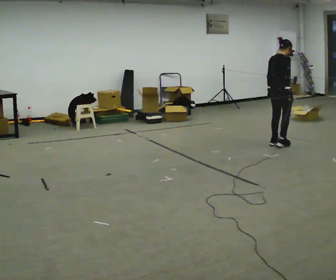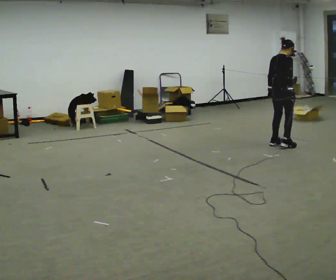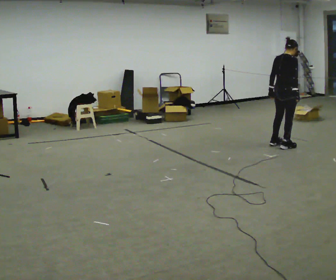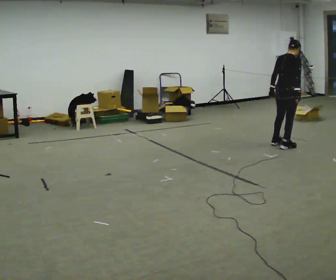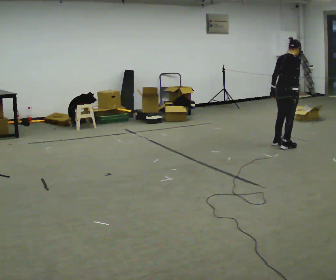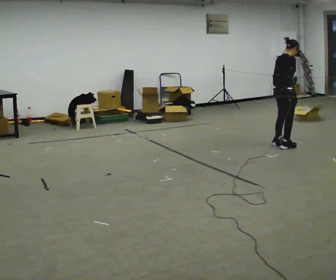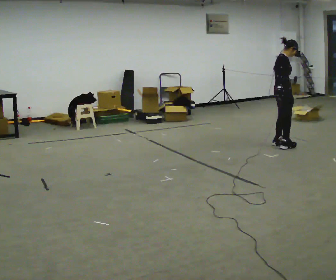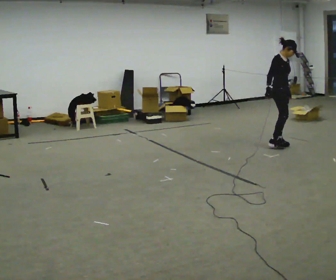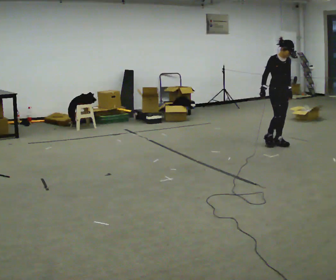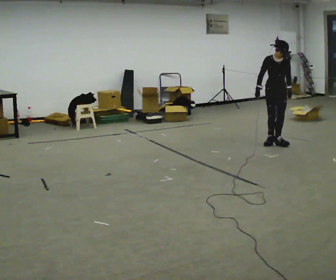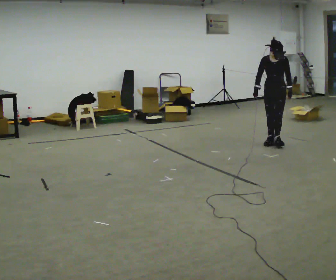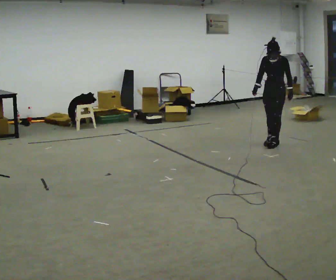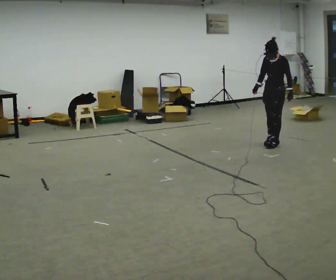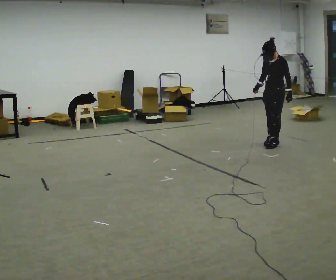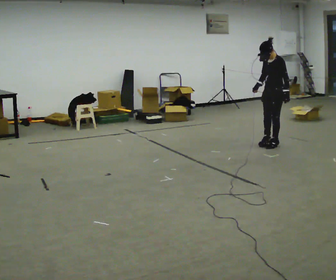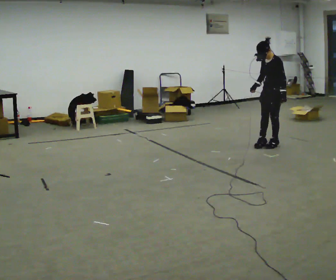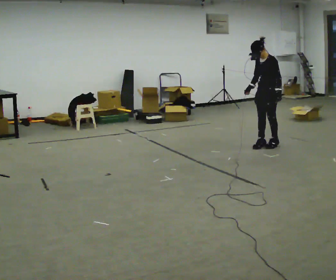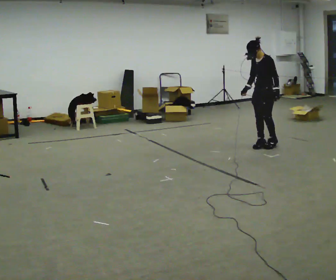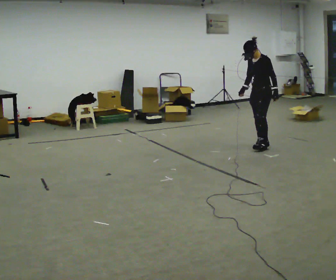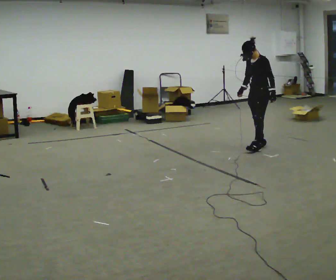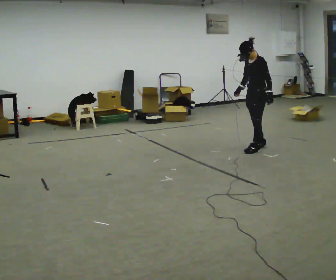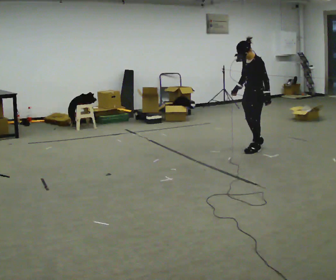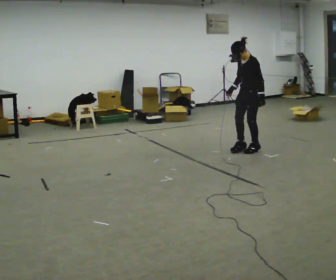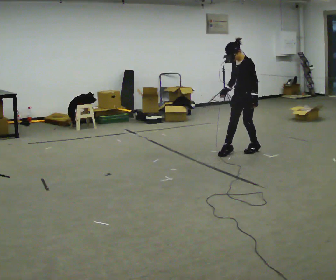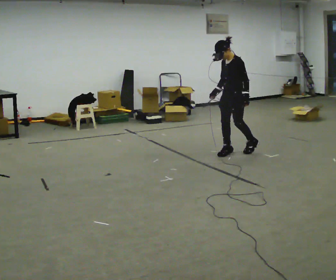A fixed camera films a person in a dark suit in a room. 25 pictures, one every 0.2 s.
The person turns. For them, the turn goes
to their right.
The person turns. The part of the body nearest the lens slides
to the left.
0.0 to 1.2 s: The part of the body nearest the lens slides to the left as the person turns to their right by about 30 degrees.
1.2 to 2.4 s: The part of the body nearest the lens slides to the left as the person turns to their right by about 135 degrees. In the picture their right hand goes to the left.
2.4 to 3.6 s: In the picture they go to the left and toward the camera, about 0.25 m in 2 steps, which for them is forward.
3.6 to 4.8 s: In the picture they go toward the camera and to the left, about 0.5 m in 2 steps, which for them is forward.
The film runs backward here.
